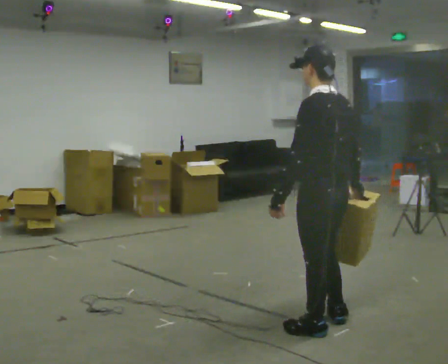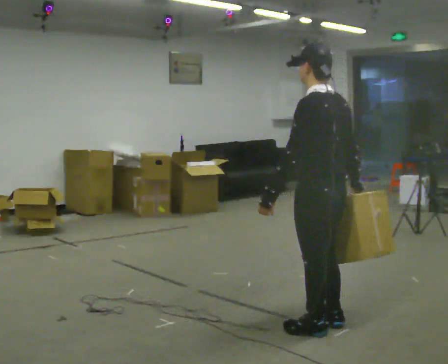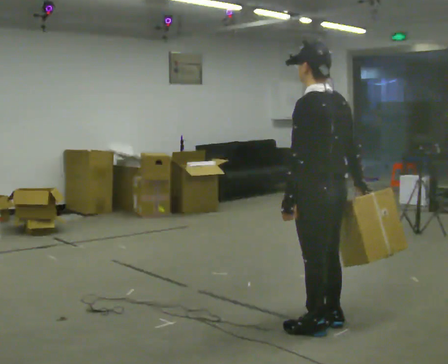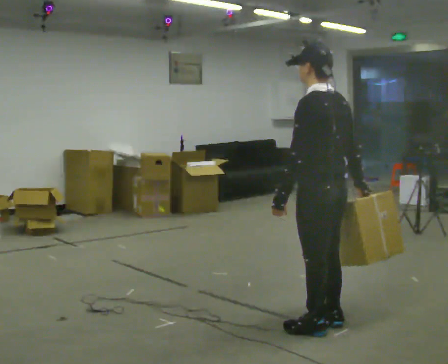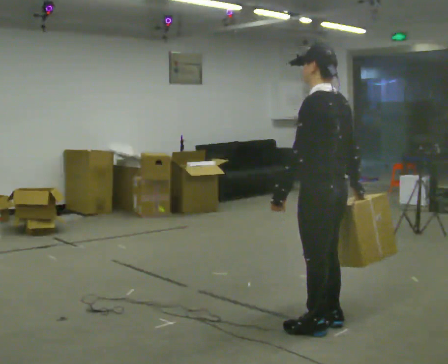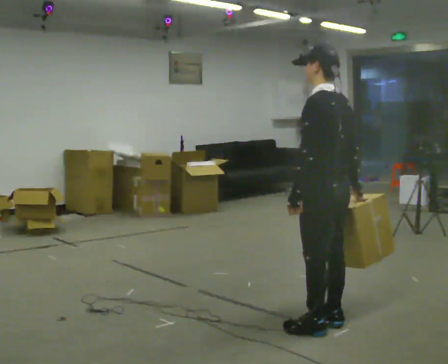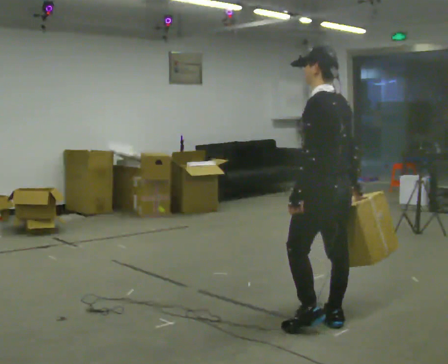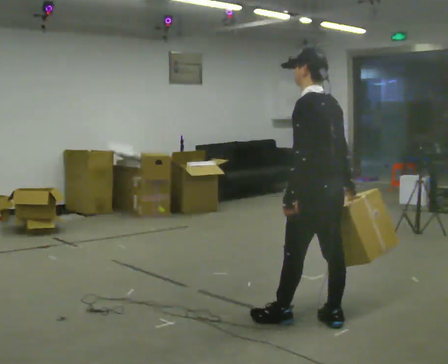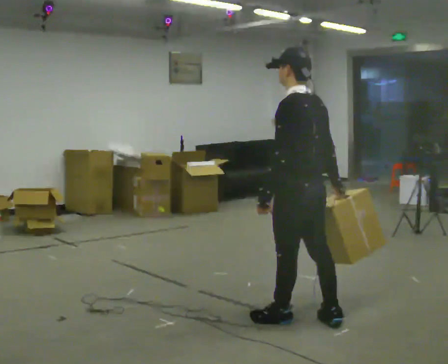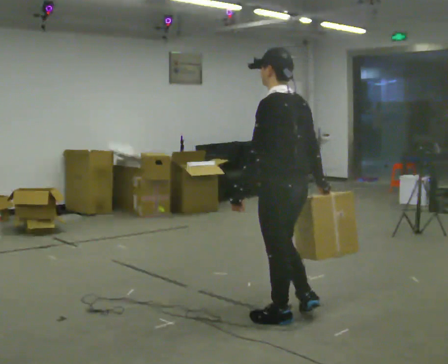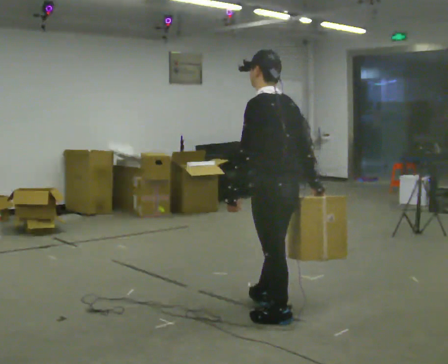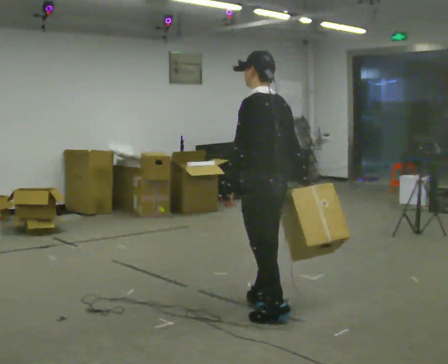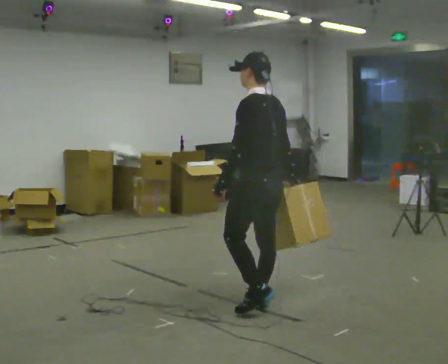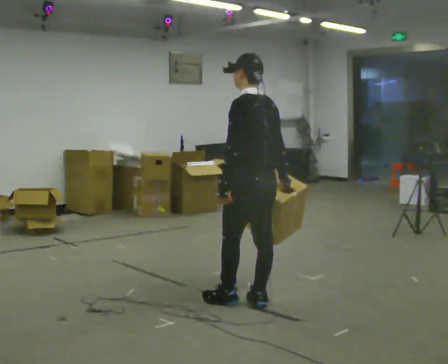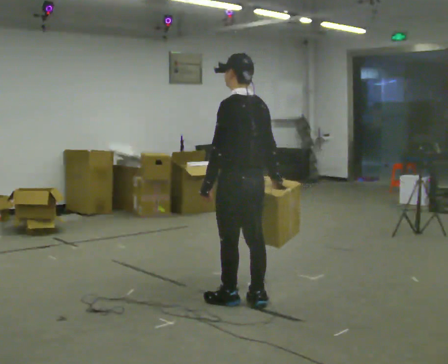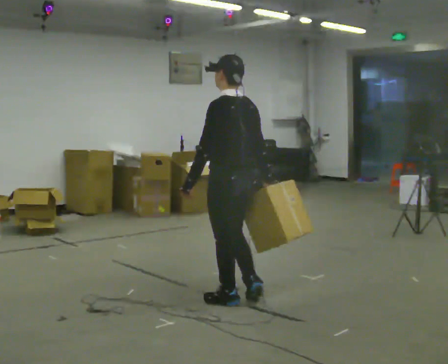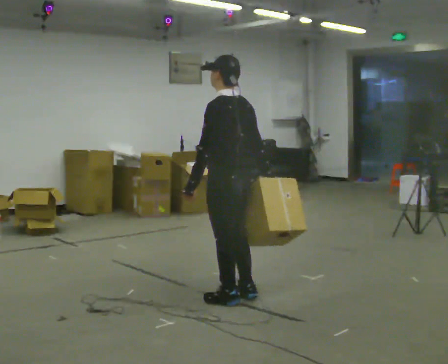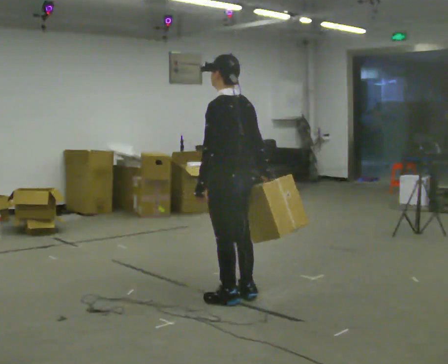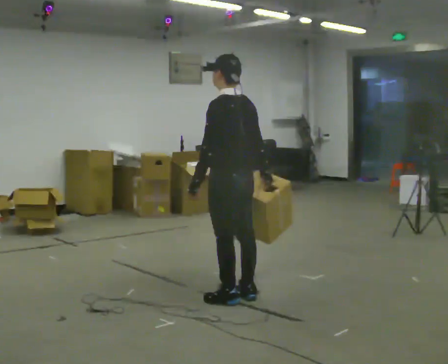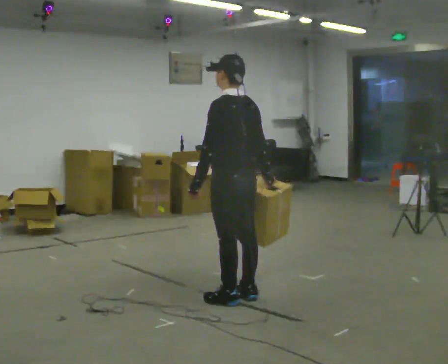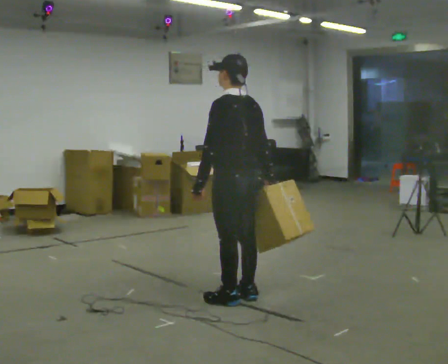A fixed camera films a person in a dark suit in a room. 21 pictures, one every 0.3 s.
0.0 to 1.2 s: The person moves a little, or ends about where they began.
1.2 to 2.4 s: In the picture they go to the left, about 0.25 m in 1 step, which for them is forward.
2.4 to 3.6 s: In the picture they go away from the camera and to the left, about 0.5 m in 1 step, which for them is forward.
3.6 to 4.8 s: In the picture they go to the left, about 0.25 m in 2 steps, which for them is forward.
4.8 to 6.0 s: The person moves a little, or ends about where they began.
The film runs forward here.
